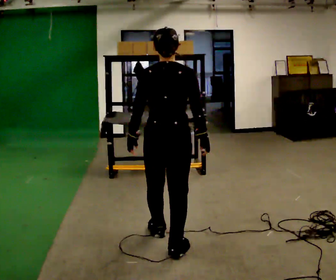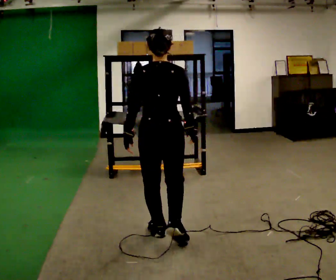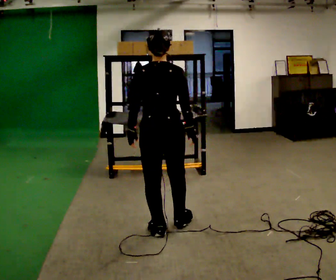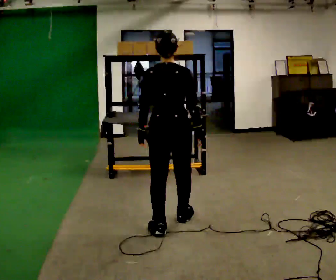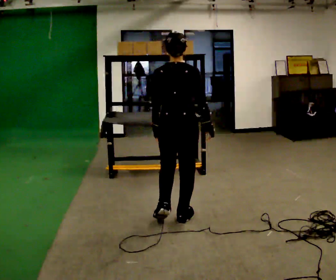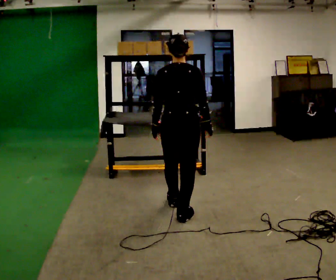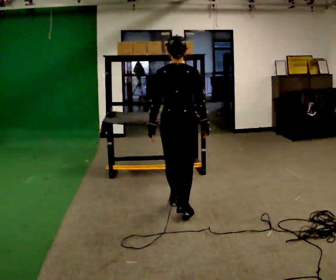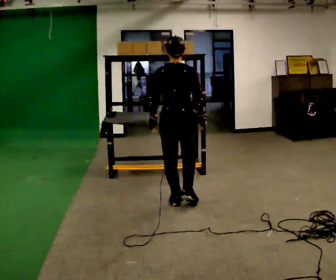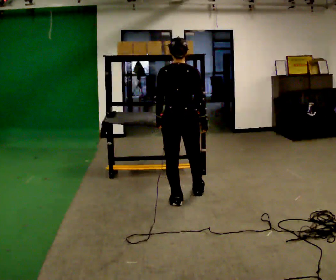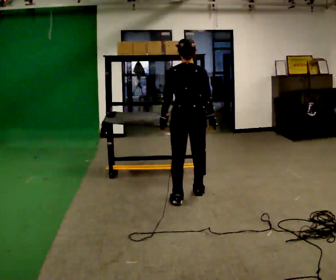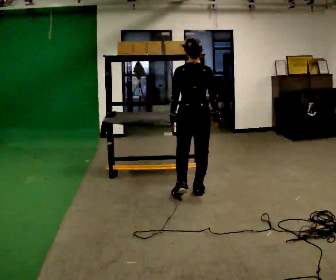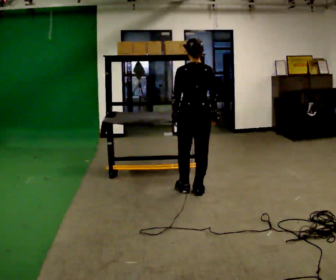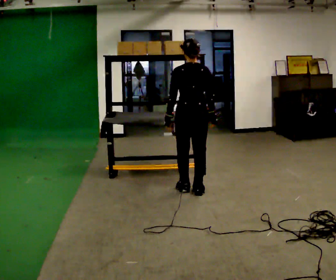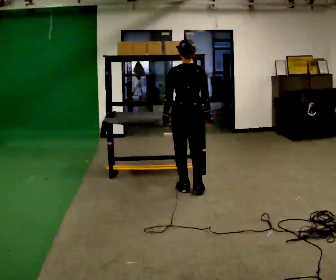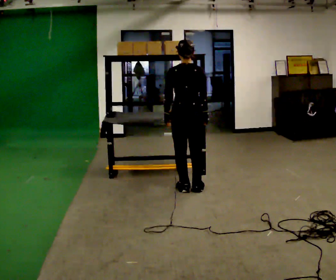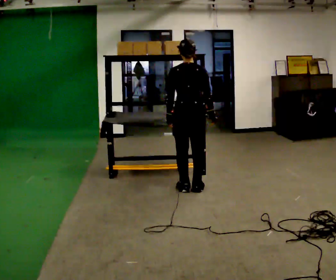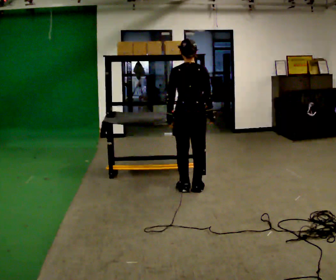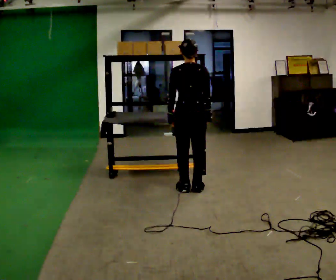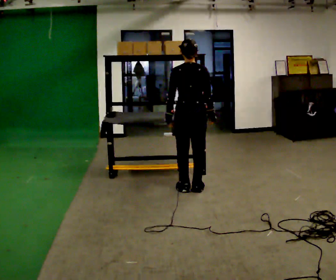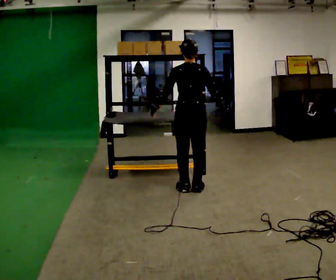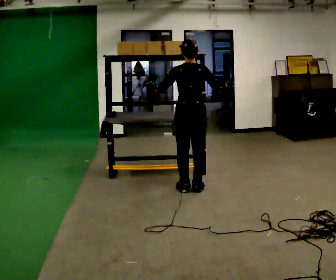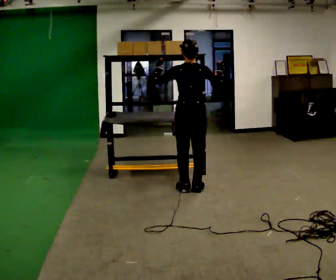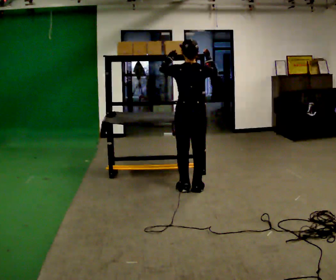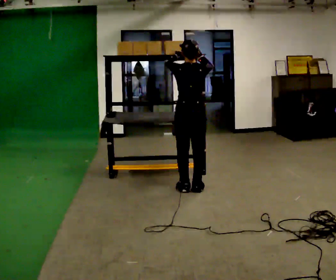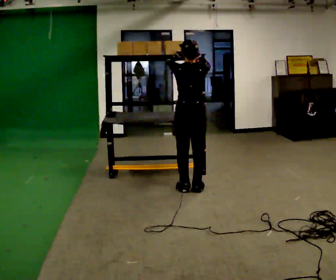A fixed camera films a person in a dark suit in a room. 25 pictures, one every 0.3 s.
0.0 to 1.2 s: In the picture they go away from the camera, about 0.5 m in 1 step, which for them is forward.
1.2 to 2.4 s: In the picture they go away from the camera, about 0.5 m in 1 step, which for them is forward.
2.4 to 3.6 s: In the picture they go away from the camera, about 0.25 m in 2 steps, which for them is forward and to their right.
3.6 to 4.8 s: The person moves a little, or ends about where they began.
4.8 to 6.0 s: In the picture their left hand goes upward, the arm swinging clockwise.
6.0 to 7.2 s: The person moves a little, or ends about where they began.
The film runs forward here.
